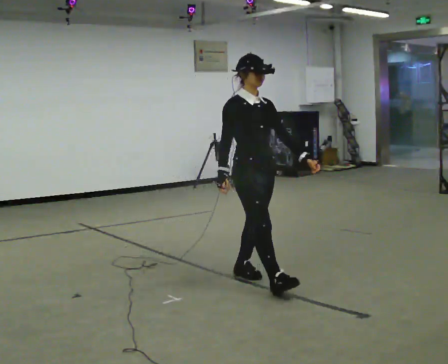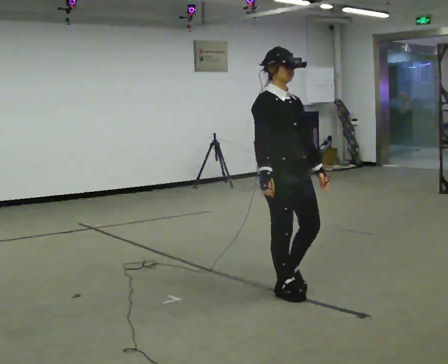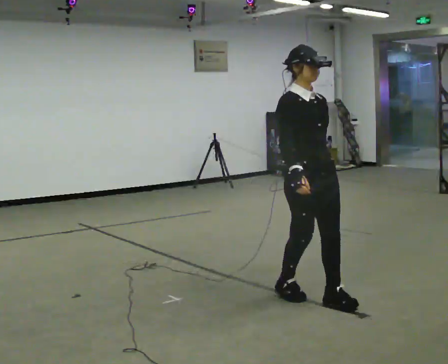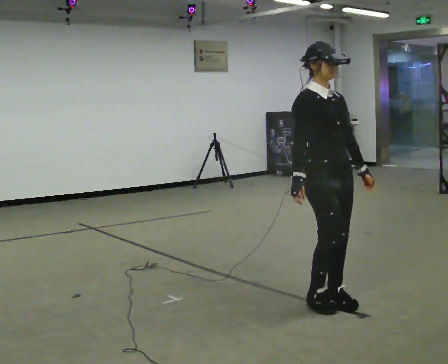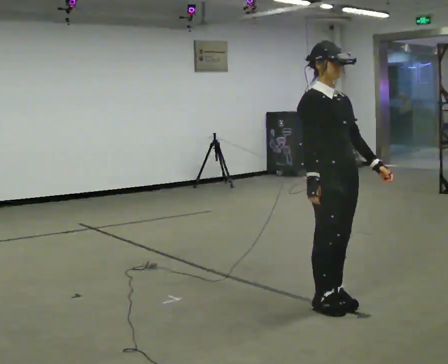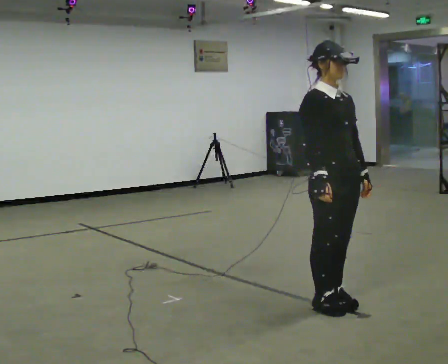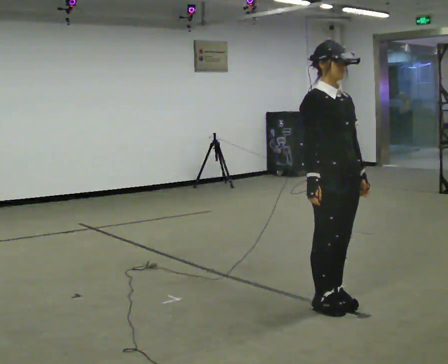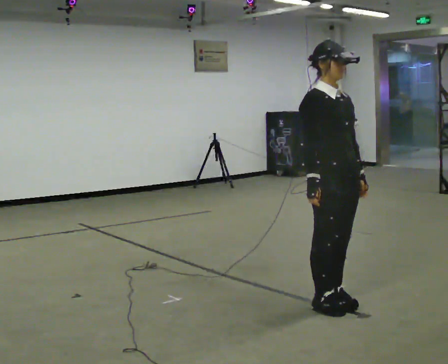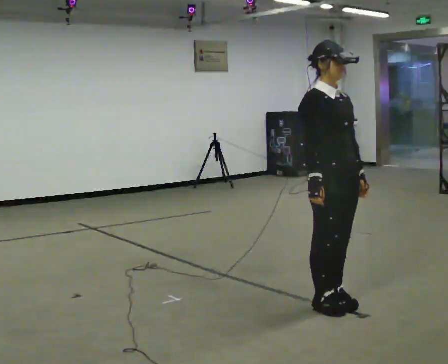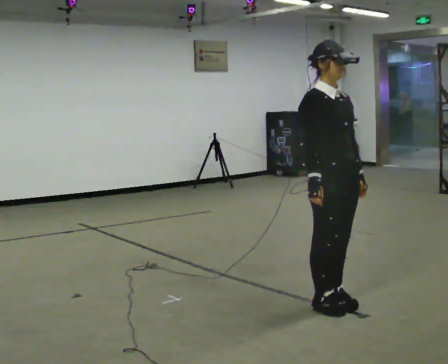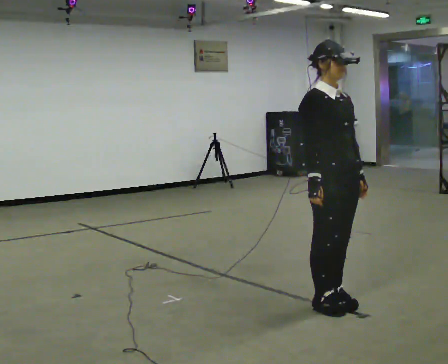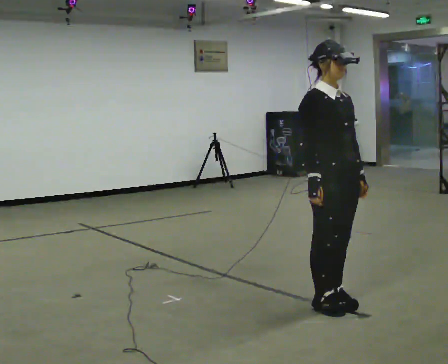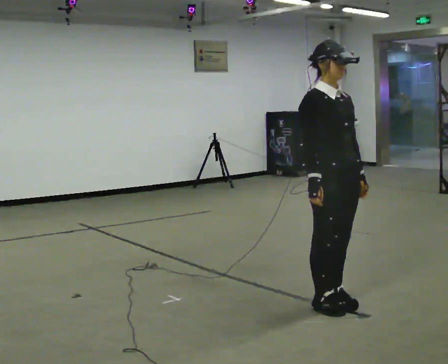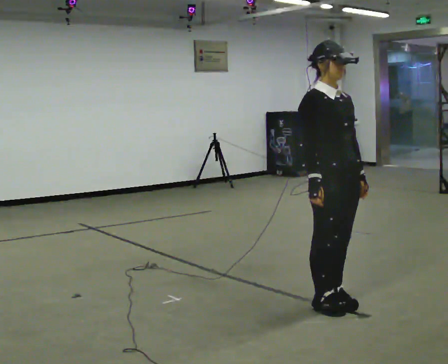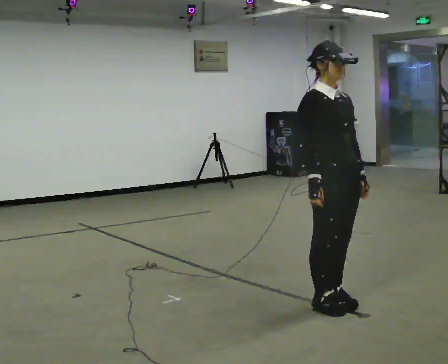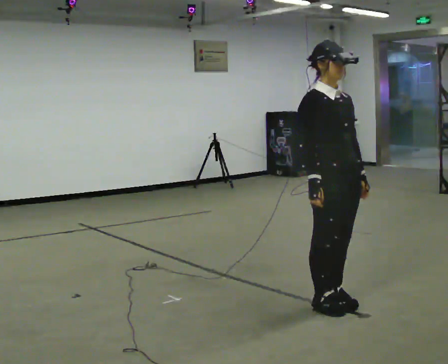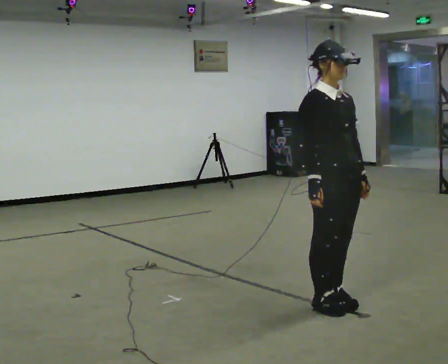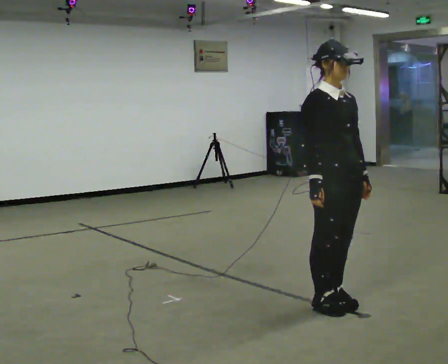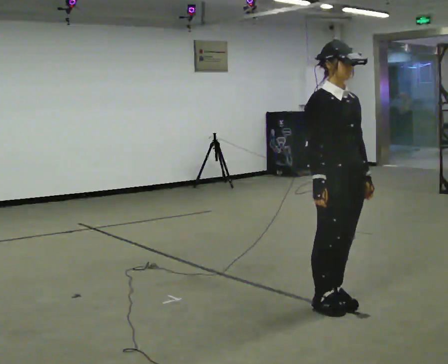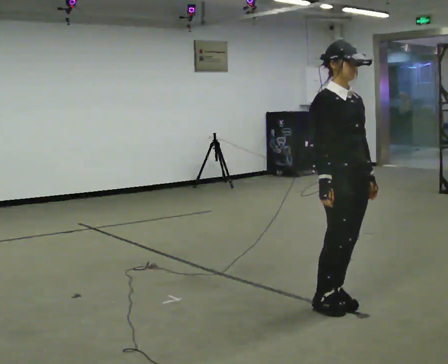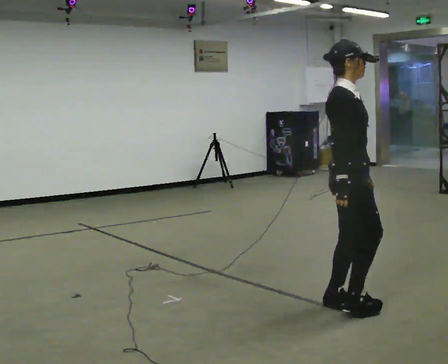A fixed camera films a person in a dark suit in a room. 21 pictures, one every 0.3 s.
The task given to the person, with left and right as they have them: Walk normally; at marked point stop as quickly as comfortably possible; remain still.
0.0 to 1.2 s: In the picture they go to the right and toward the camera, about 0.5 m in 3 steps, which for them is forward.
1.2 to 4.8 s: The person moves a little, or ends about where they began.
4.8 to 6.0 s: Seen from above the body turns counterclockwise, about 45 degrees: to their left, with its near side sliding to the right.
The film runs forward here.
